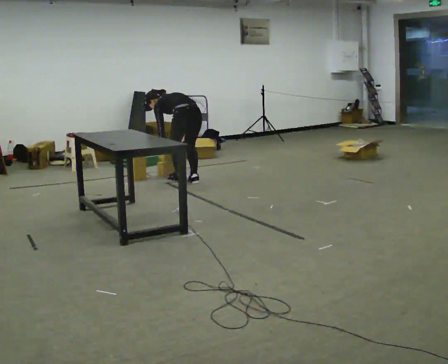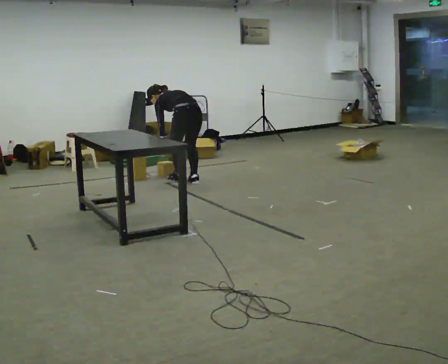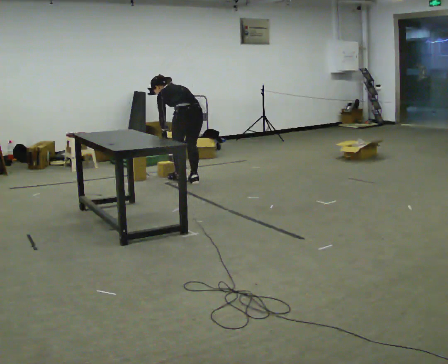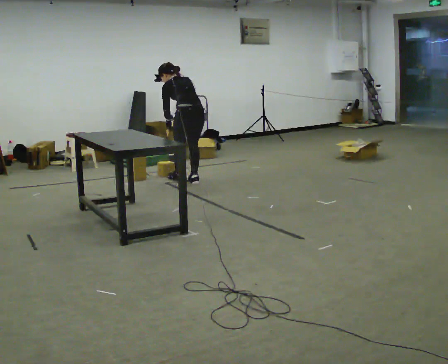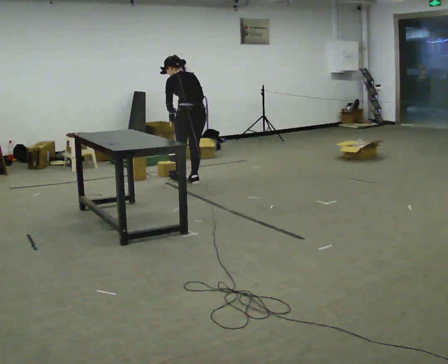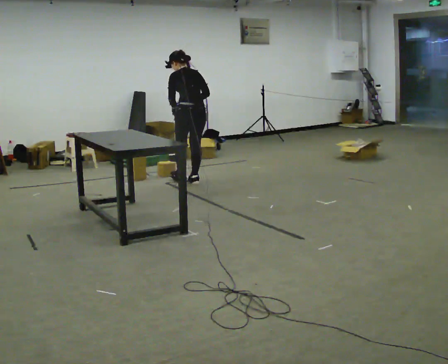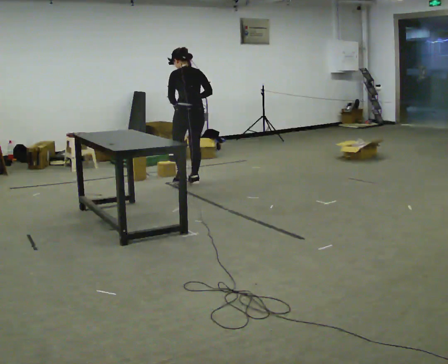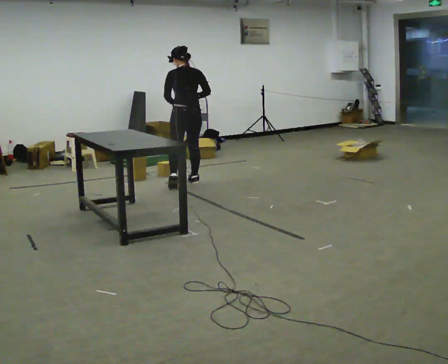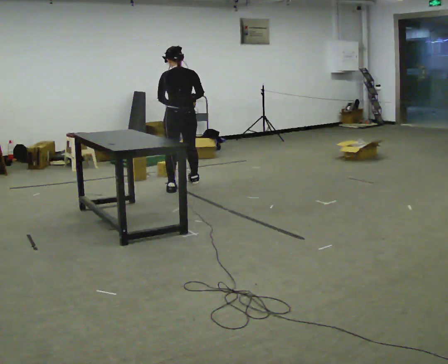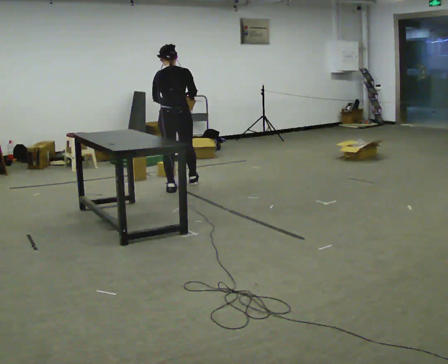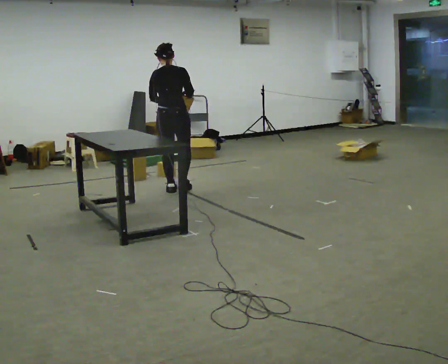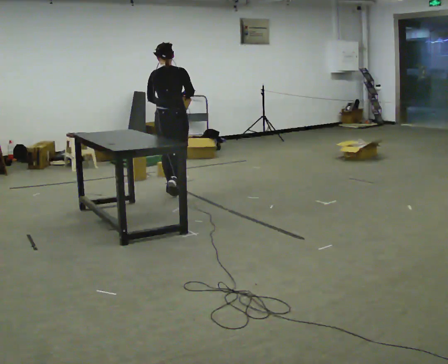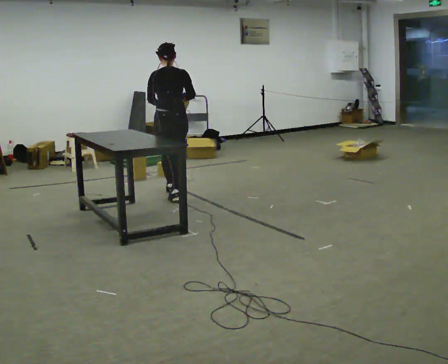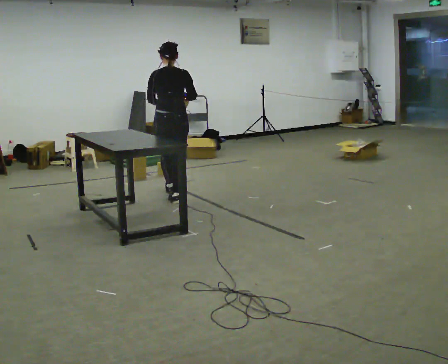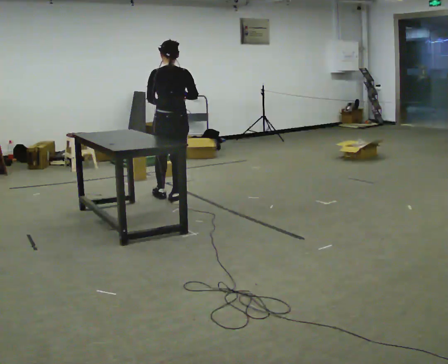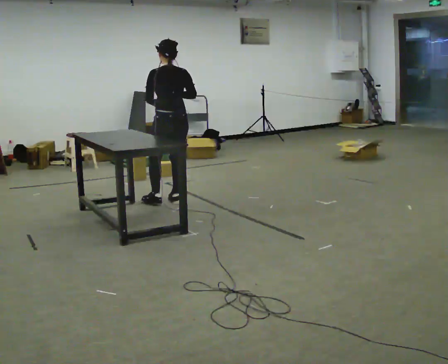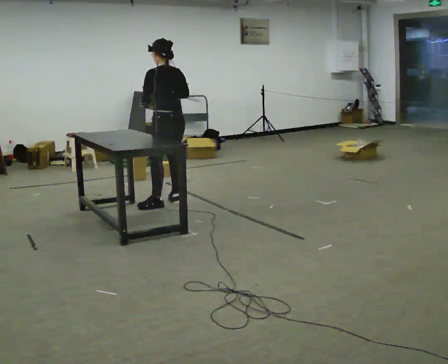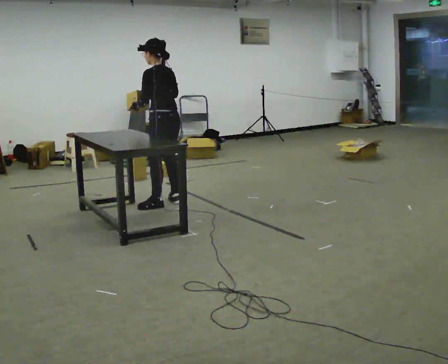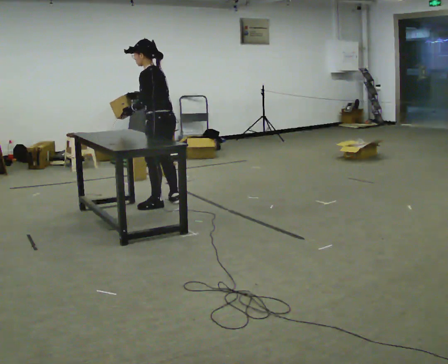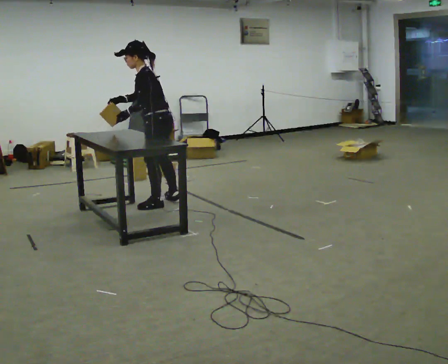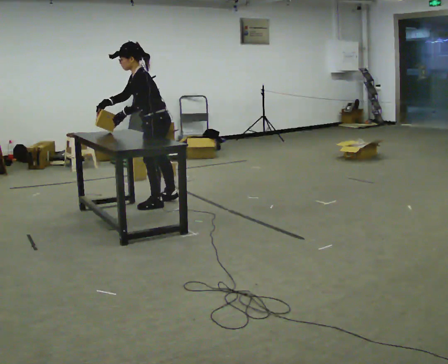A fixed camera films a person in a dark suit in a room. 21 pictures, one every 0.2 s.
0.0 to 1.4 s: In the picture they go toward the camera, about 0.25 m in 1 step, which for them is backward. The shoulders move upward. In the picture the upper body tilts clockwise, shoulders to the right, as they lean back or straighten. In the picture their right hand goes upward.
1.4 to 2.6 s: In the picture they go toward the camera, about 0.5 m in 1 step, which for them is backward.
2.6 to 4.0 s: Seen from above the body turns counterclockwise, about 90 degrees: to their left, with its near side sliding to the right. In the picture they go toward the camera, about 0.25 m in 1 step. In the picture the upper body tilts counterclockwise, shoulders to the left, as they bend forward.
The film runs backward here.
